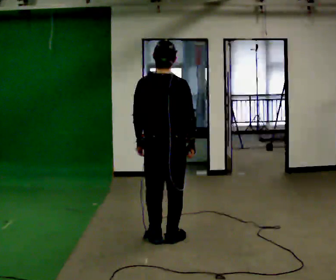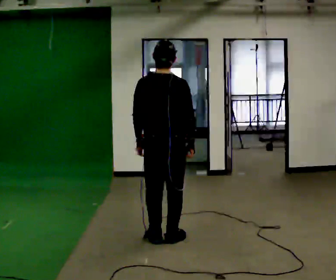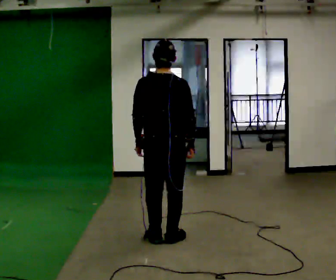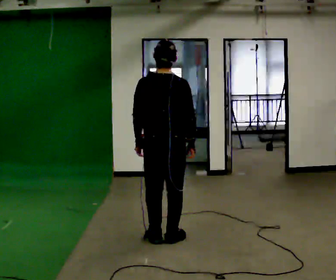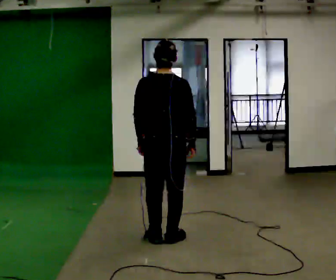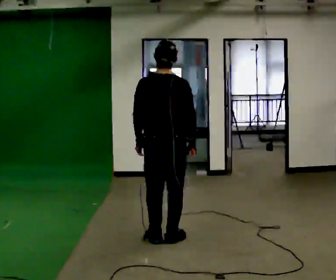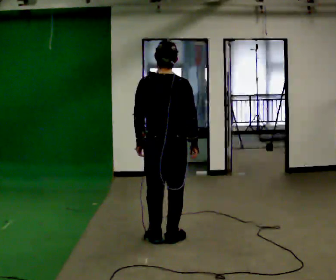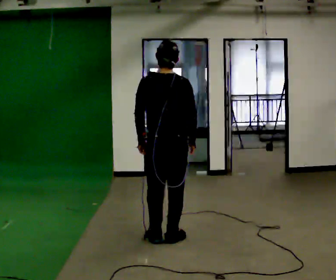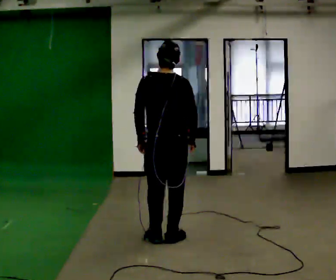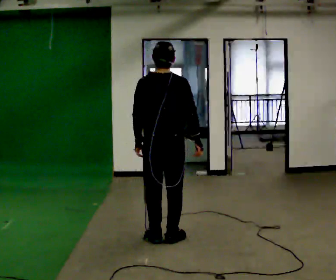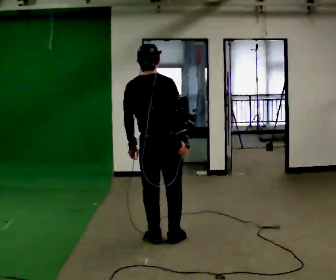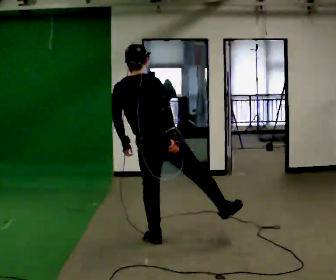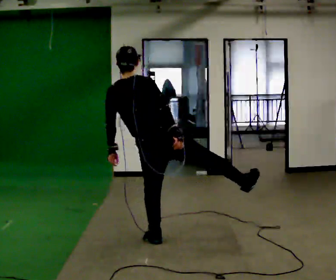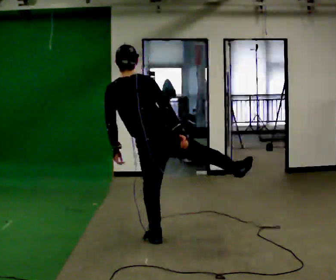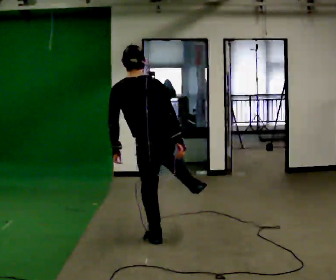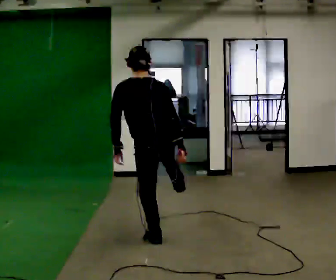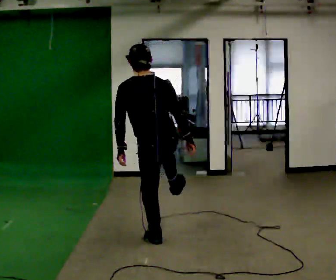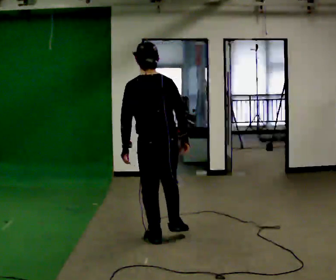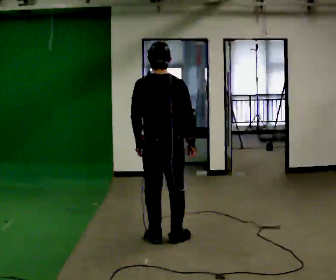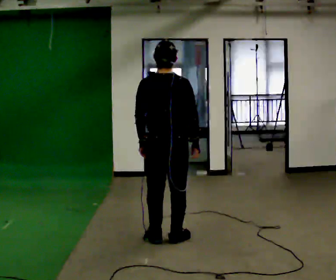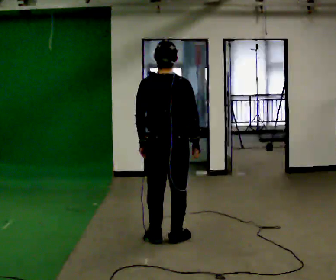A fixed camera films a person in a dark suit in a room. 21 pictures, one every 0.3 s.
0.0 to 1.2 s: The person keeps their place and pose.
1.2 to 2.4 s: The person moves a little, or ends about where they began.
2.4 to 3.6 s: In the picture the upper body tilts counterclockwise, shoulders to the left.
3.6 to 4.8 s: The part of the body nearest the lens slides to the right as the person turns to their left by about 30 degrees. The upper body tips toward the camera, its near side rolling downward.
4.8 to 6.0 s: The person moves a little, or ends about where they began.
The film runs backward here.
